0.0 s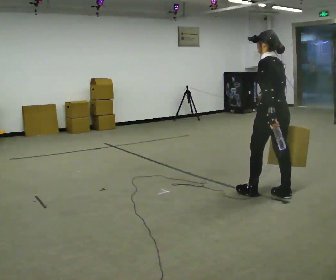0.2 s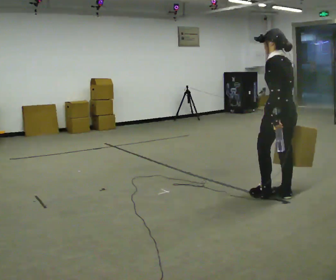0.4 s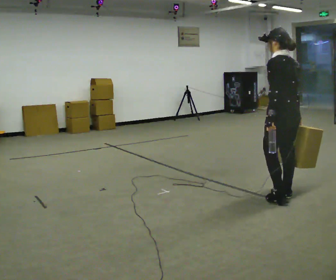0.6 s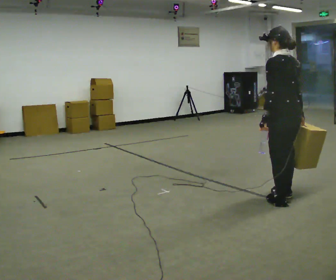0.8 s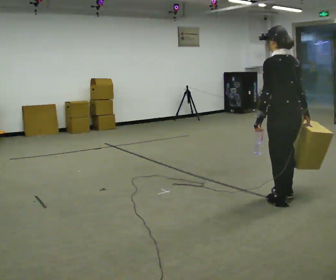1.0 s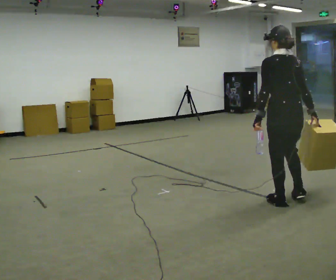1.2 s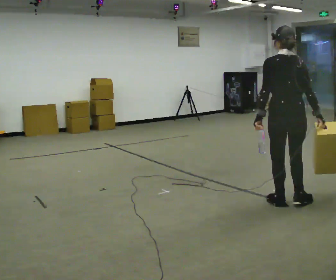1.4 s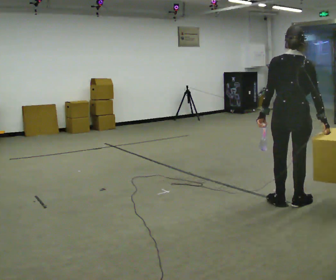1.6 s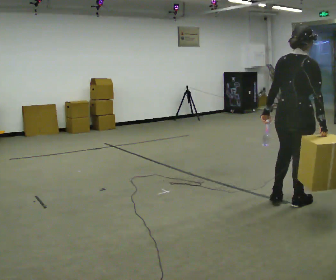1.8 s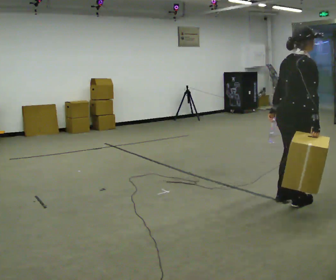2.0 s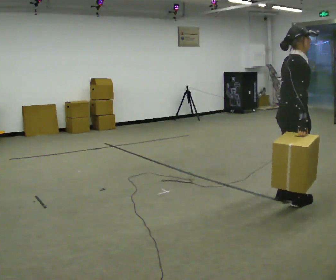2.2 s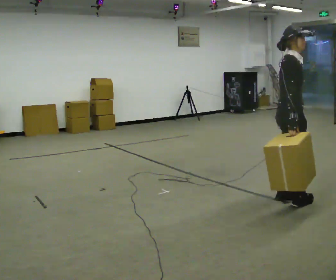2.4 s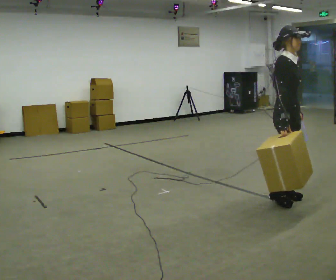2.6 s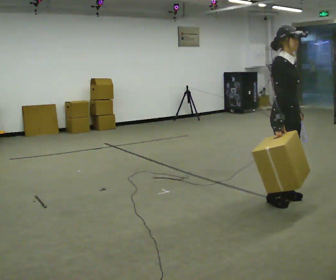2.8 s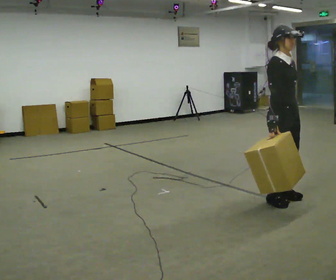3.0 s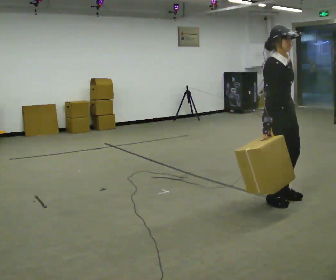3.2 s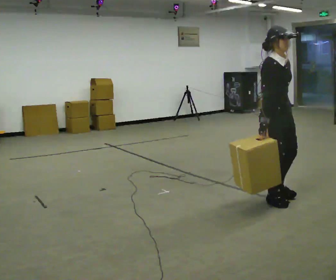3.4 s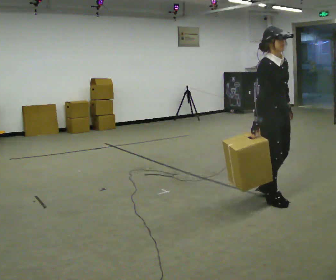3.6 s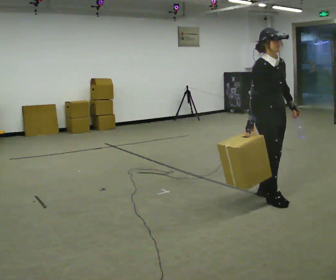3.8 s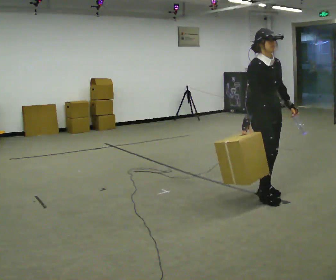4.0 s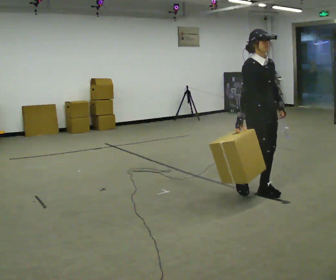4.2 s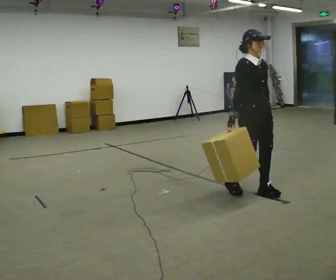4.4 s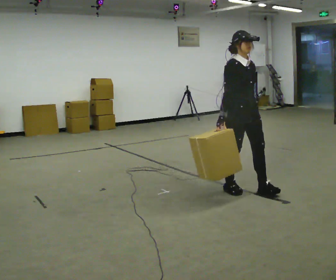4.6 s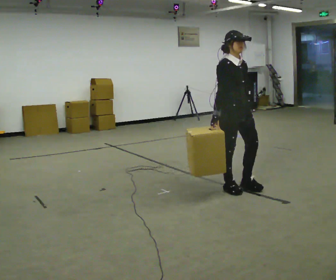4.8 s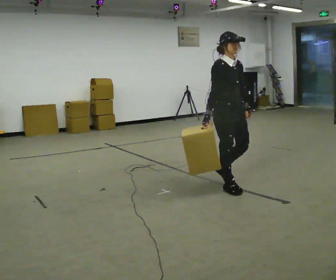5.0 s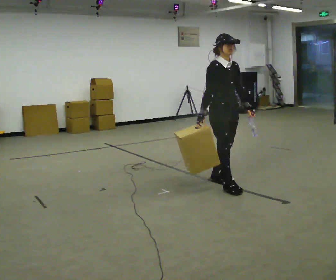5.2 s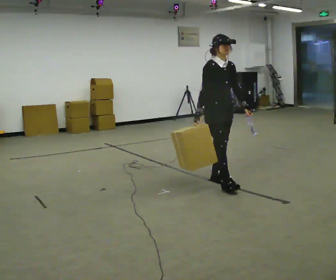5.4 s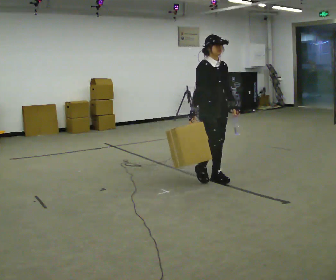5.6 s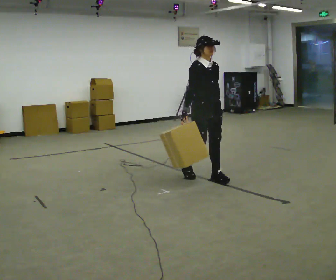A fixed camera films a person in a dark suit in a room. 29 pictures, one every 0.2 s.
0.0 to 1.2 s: The part of the body nearest the lens slides to the left as the person turns to their right by about 45 degrees. In the picture they go toward the camera, about 0.25 m in 2 steps, which for them is backward.
1.2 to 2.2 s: Seen from above the body turns clockwise, about 105 degrees: to their right, with its near side sliding to the left.
2.2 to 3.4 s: Seen from above the body turns clockwise, about 30 degrees: to their right, with its near side sliding to the left. In the picture their right hand goes to the left.
3.4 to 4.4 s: In the picture they go to the left and away from the camera, about 0.25 m in 1 step, which for them is backward.
4.4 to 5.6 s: In the picture they go to the left and away from the camera, about 0.5 m in 2 steps, which for them is backward.
The film runs backward here.
